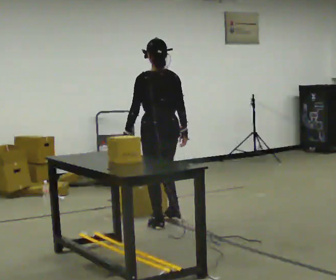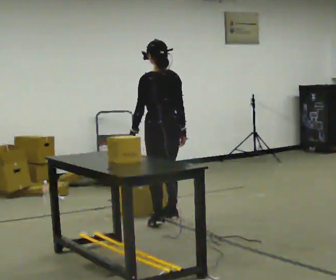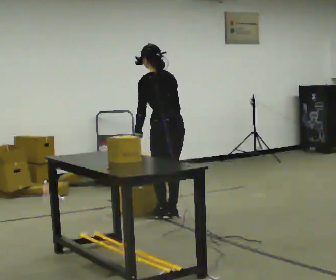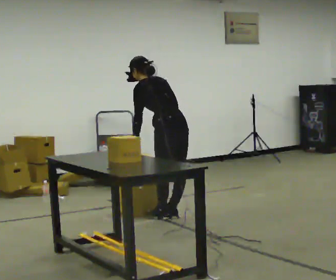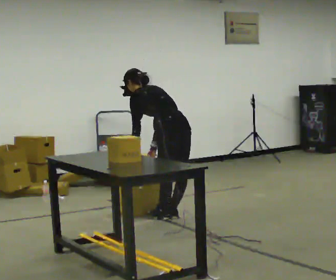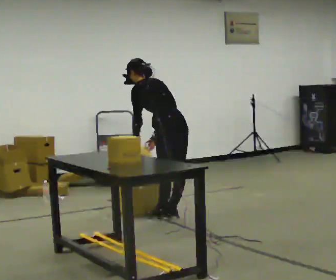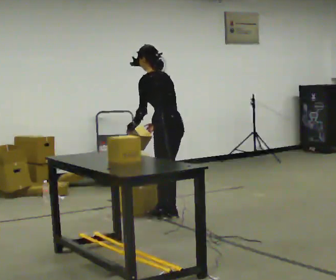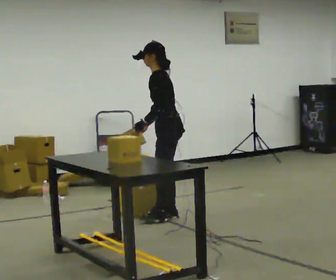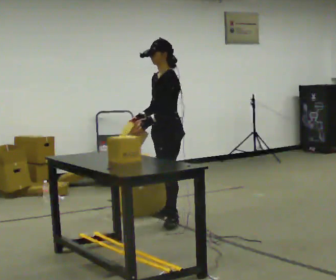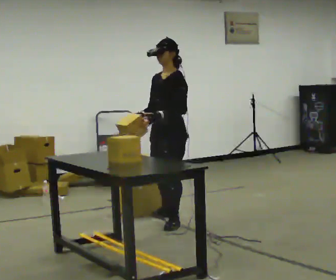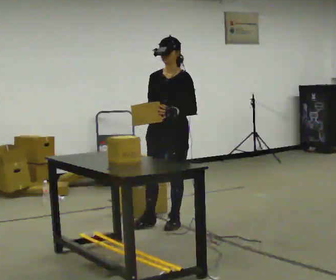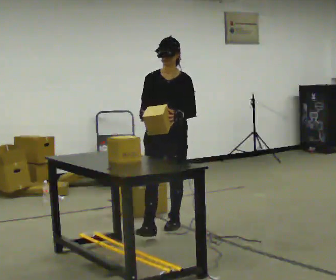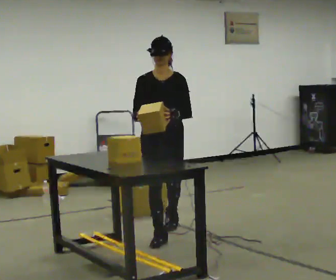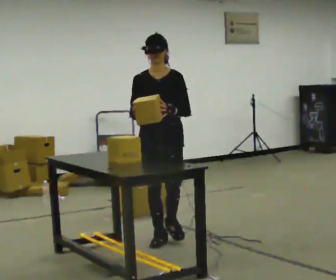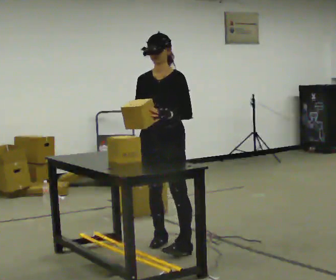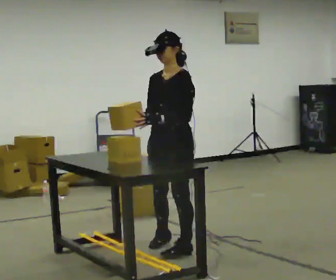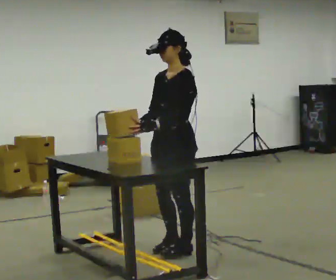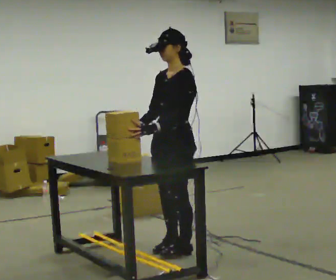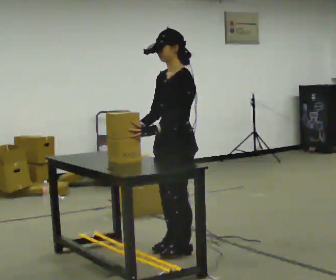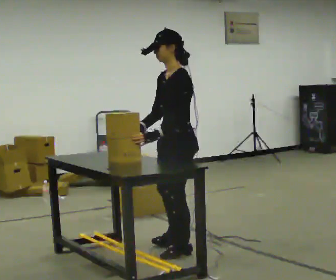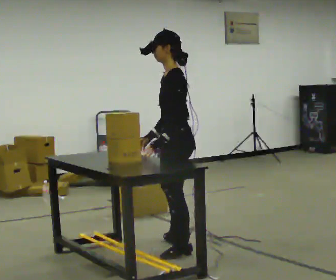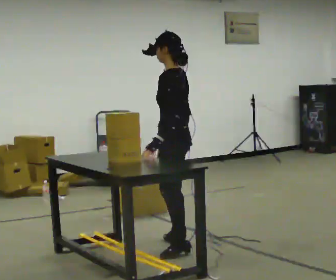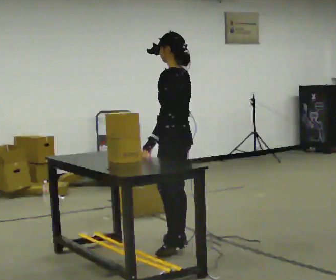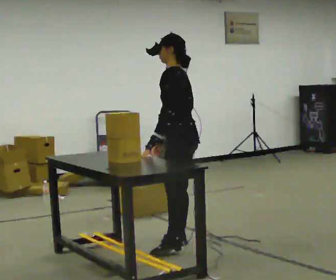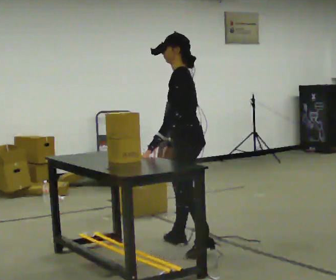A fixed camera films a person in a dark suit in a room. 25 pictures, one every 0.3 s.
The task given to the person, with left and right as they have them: Reach down into the deep bin on the floor, take out one object at a time, carry it to the shelf, and come back for the next one. Keep going until the operator says stop; one object at a time, and do not rush between trips.
0.0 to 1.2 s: In the picture they go away from the camera, about 0.25 m in 2 steps, which for them is to their right. The upper body tips away from the camera, its near side rolling upward, as they bend forward.
1.2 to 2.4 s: The person turns about 75 degrees to their left, counterclockwise seen from above, so the part of the body nearest the lens slides to the right. The upper body goes upward. The upper body tips toward the camera, its near side rolling downward, as they lean back or straighten.
2.4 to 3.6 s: The person turns about 75 degrees to their left, counterclockwise seen from above, so the part of the body nearest the lens slides to the right. In the picture they go toward the camera, about 0.5 m in 1 step.
3.6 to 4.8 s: Seen from above the body turns clockwise, about 60 degrees: to their right, with its near side sliding to the left. In the picture they go toward the camera, about 0.5 m in 2 steps, which for them is forward and to their left.
4.8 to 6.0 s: Seen from above the body turns clockwise, about 30 degrees: to their right, with its near side sliding to the left.
6.0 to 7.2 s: The person moves a little, or ends about where they began.
The film runs forward here.
